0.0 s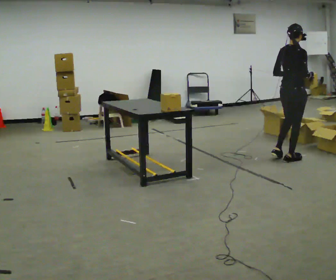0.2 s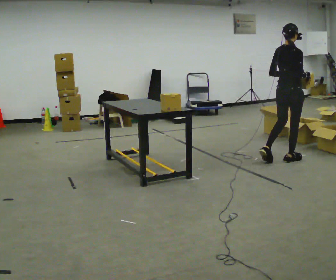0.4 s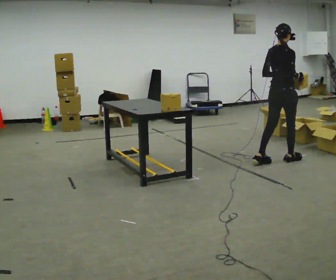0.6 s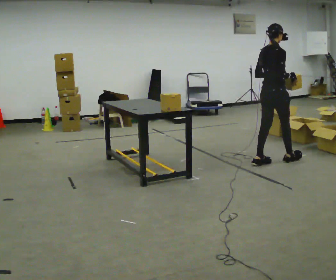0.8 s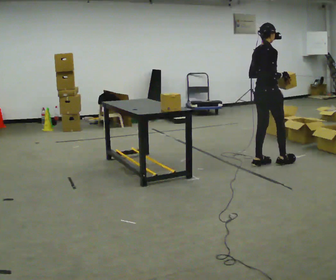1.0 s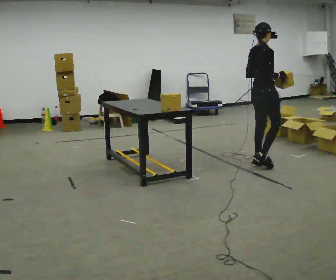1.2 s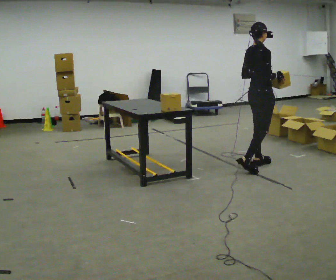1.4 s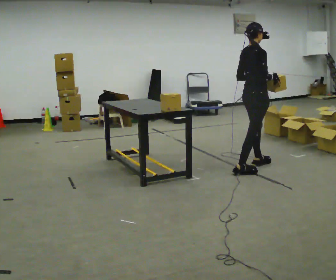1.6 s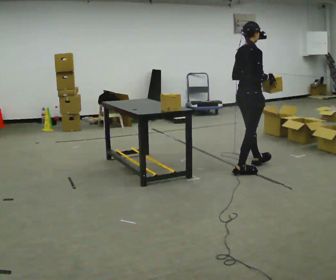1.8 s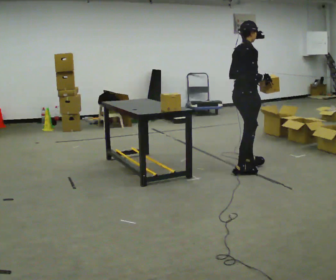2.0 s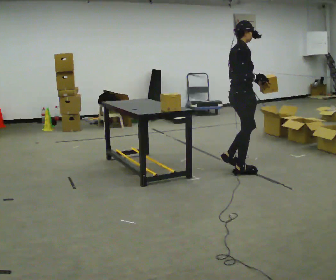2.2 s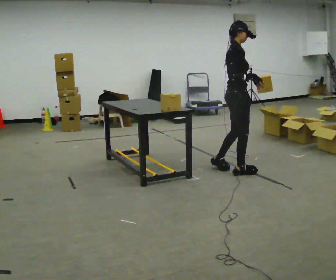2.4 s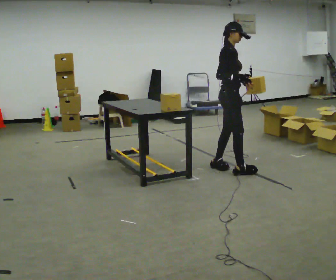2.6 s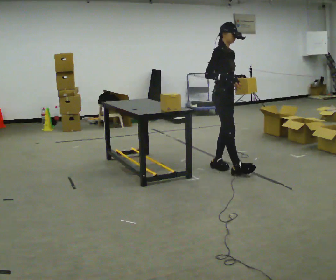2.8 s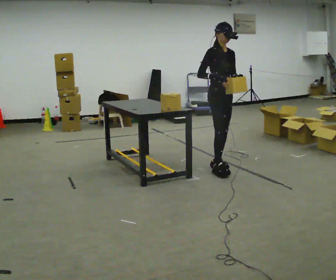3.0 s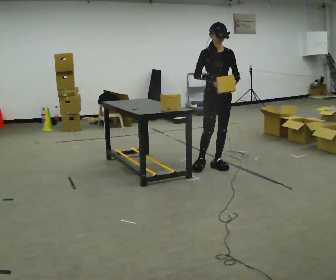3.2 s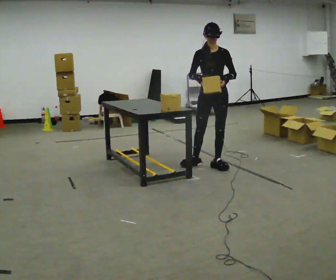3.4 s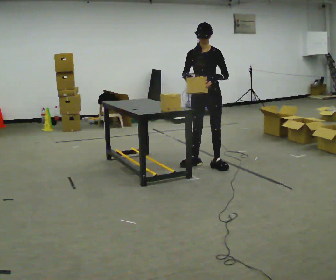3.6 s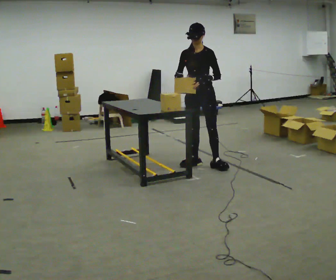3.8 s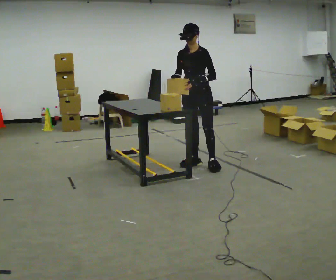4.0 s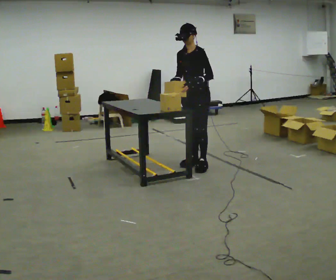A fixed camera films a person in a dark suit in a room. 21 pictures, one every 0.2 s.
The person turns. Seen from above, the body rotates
clockwise.
The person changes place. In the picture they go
to the left.
0.0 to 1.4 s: In the picture they go to the left and toward the camera, about 0.5 m in 1 step, which for them is backward.
1.4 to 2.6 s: Seen from above the body turns clockwise, about 60 degrees: to their right, with its near side sliding to the left. In the picture they go to the left, about 0.25 m in 2 steps, which for them is backward.
2.6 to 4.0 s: The person turns about 90 degrees to their right, clockwise seen from above, so the part of the body nearest the lens slides to the left. In the picture they go to the left and away from the camera, about 0.25 m in 1 step.
The film runs backward here.
